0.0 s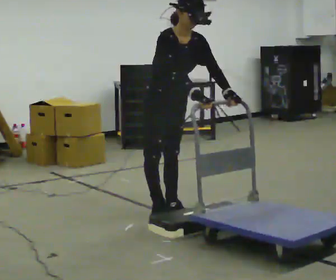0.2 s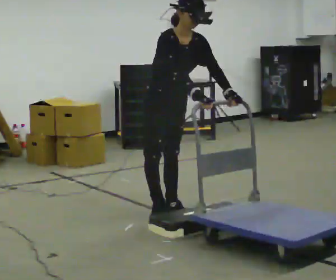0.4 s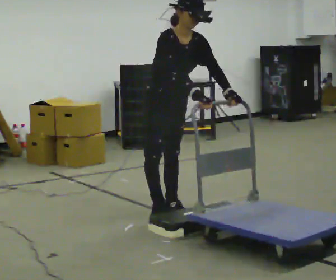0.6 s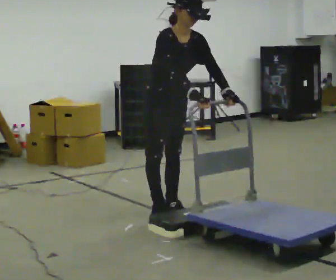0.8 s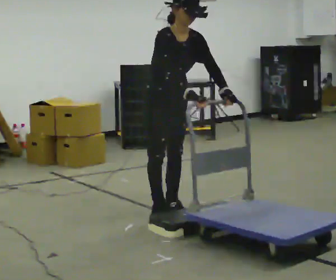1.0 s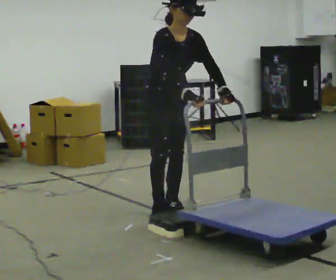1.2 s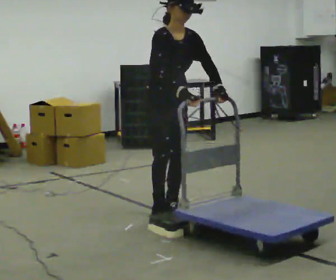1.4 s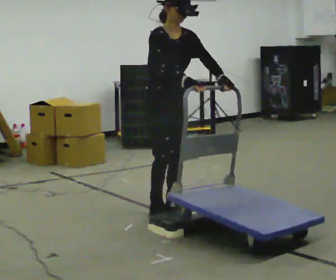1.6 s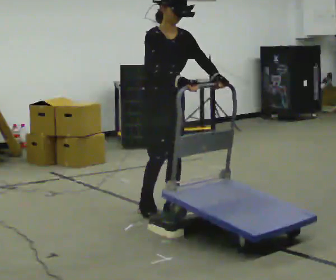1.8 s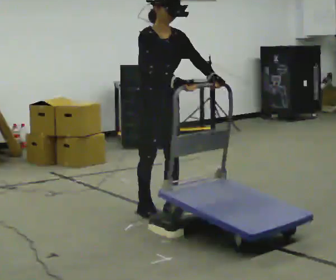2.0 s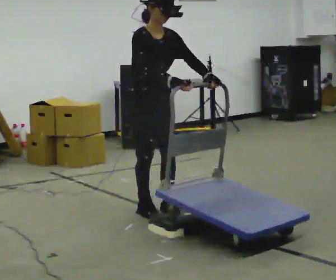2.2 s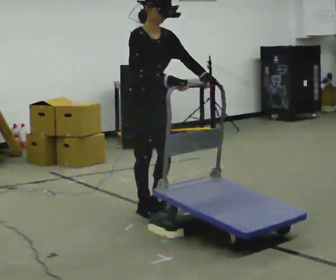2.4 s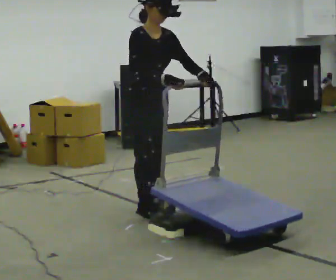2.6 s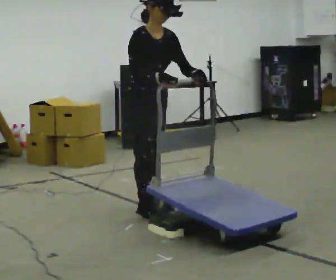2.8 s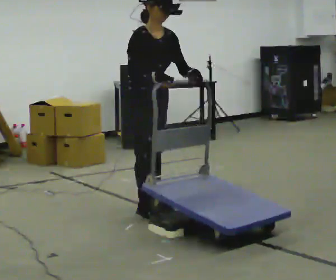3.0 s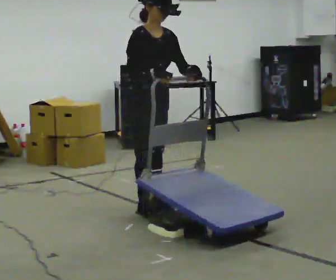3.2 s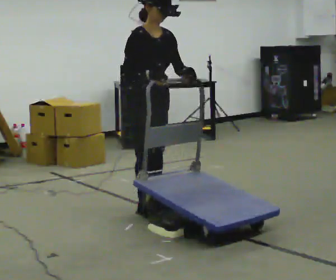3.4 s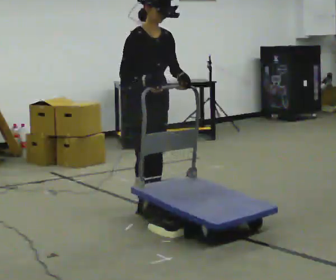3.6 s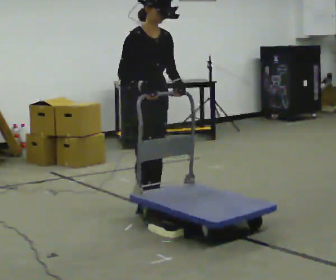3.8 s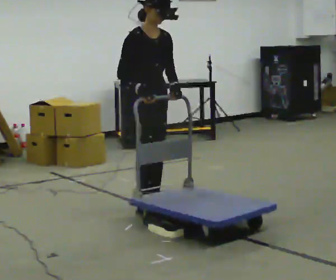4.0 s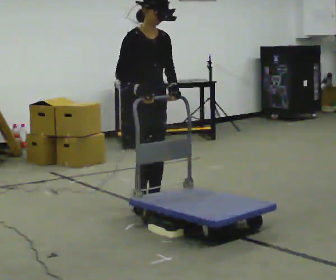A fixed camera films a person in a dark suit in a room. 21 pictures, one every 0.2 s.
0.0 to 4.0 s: In the picture they go to the left, about 0.25 m in 2 steps, which for them is backward. The upper body tips away from the camera, its near side rolling upward, as they lean back or straighten. In the picture their left hand goes to the left.
The film runs backward here.
